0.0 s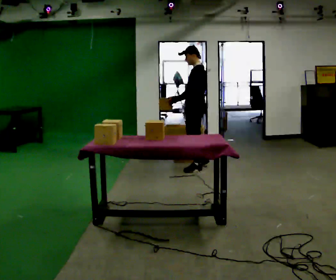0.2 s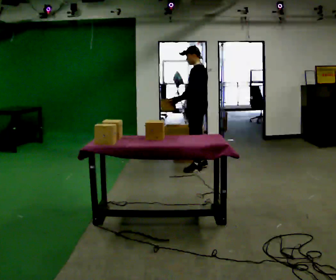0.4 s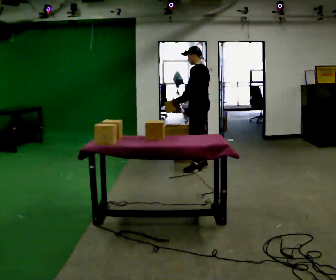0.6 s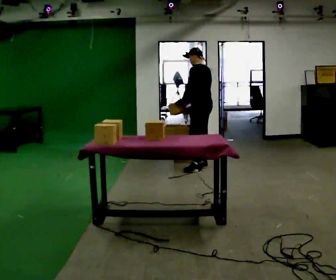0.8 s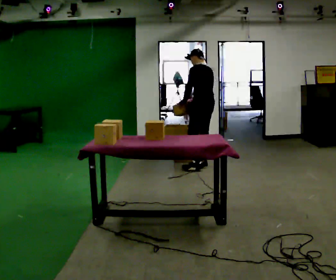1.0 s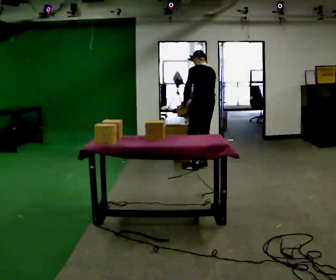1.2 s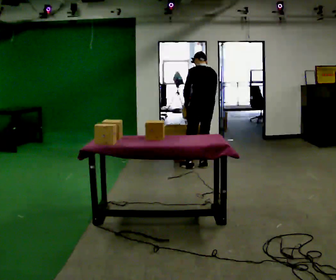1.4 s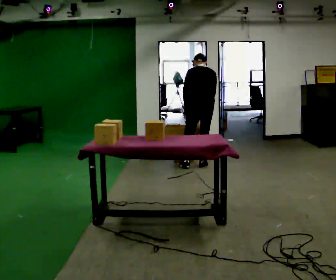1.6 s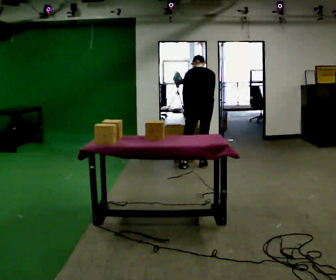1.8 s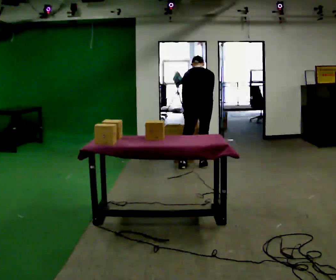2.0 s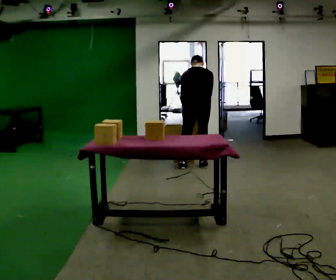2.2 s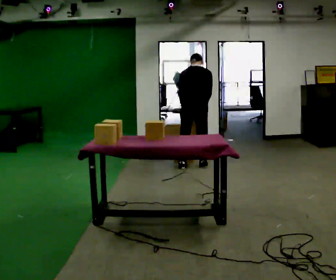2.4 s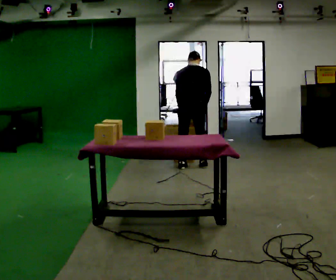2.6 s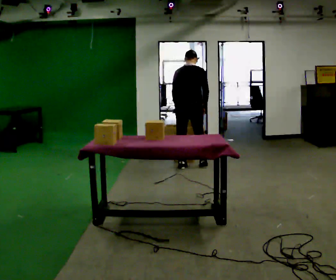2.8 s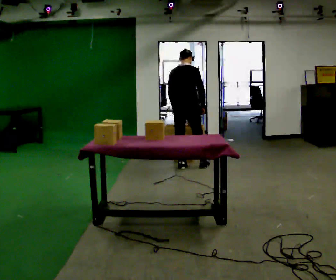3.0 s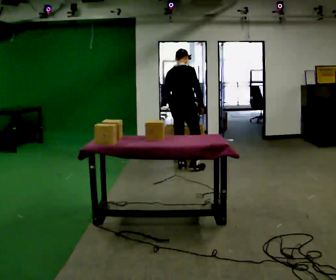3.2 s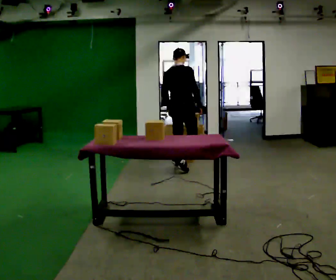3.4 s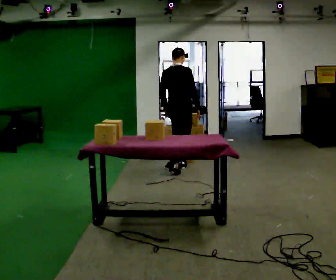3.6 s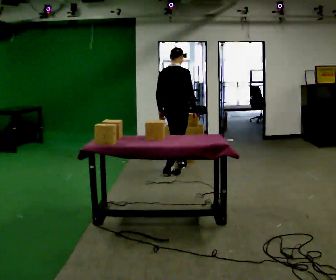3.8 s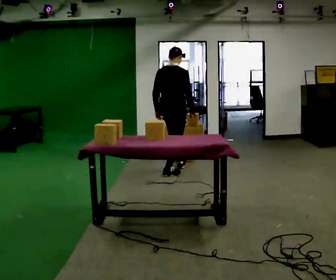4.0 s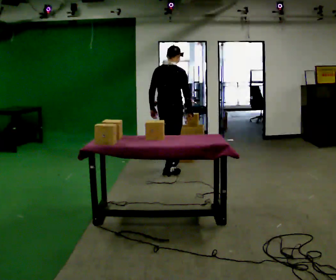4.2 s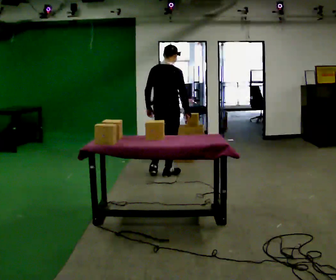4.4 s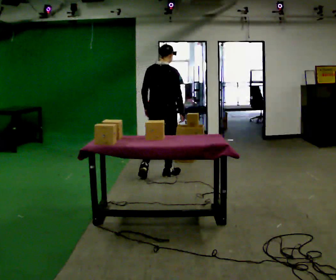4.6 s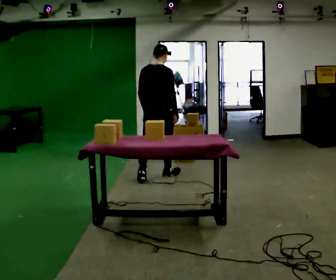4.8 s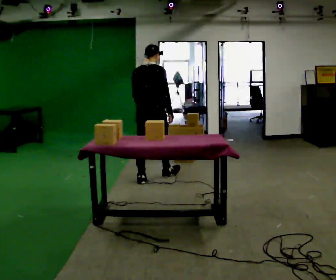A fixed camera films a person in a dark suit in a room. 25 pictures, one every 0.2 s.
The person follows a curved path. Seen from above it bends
counterclockwise.
Their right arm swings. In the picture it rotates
counterclockwise.
0.0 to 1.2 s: The part of the body nearest the lens slides to the left as the person turns to their right by about 60 degrees. In the picture they go away from the camera, about 0.25 m in 1 step. The upper body tips away from the camera, its near side rolling upward, as they bend forward.
1.2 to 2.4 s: The part of the body nearest the lens slides to the left as the person turns to their right by about 30 degrees. In the picture they go to the left, about 0.25 m, which for them is to their left.
2.4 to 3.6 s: The part of the body nearest the lens slides to the left as the person turns to their right by about 30 degrees. In the picture they go toward the camera and to the left, about 0.25 m in 1 step, which for them is backward.
3.6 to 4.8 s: In the picture they go toward the camera and to the left, about 0.5 m in 1 step, which for them is backward.
The film runs backward here.
